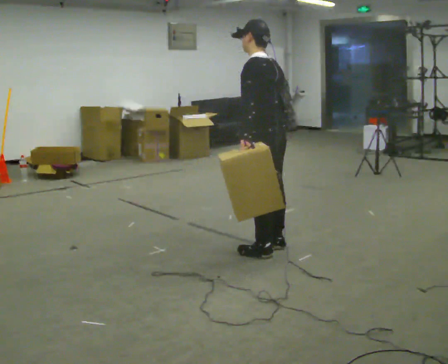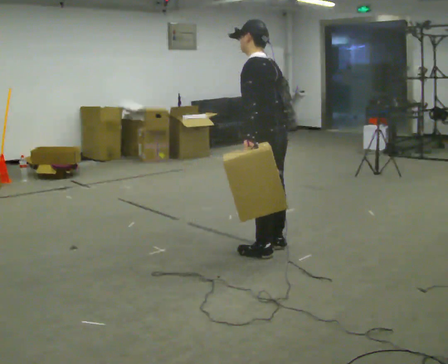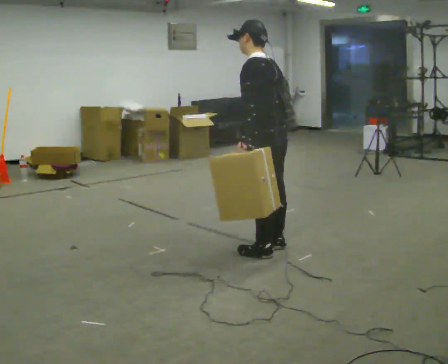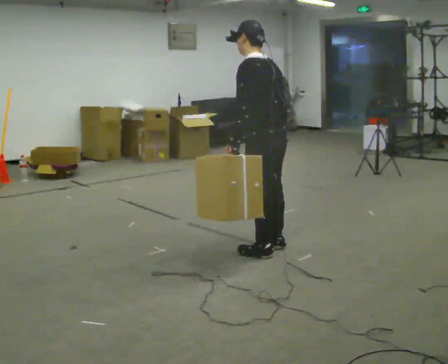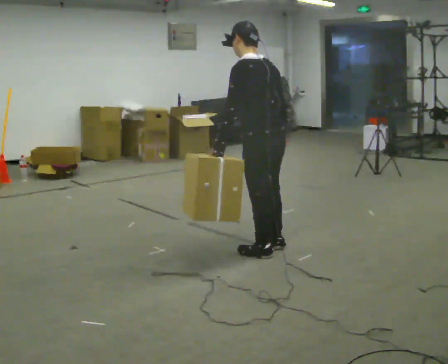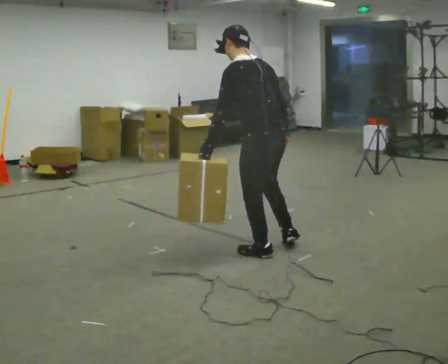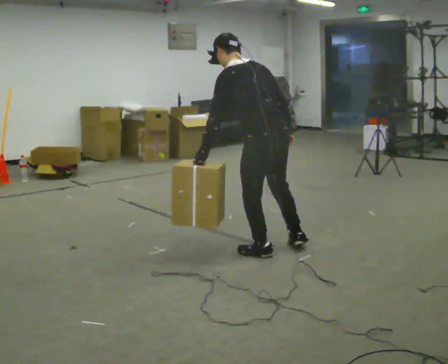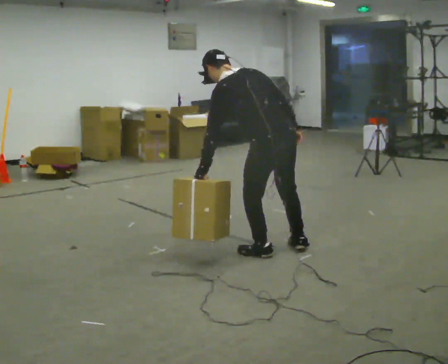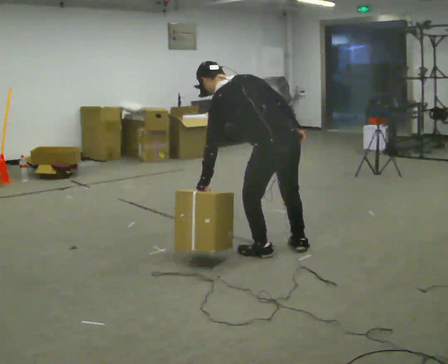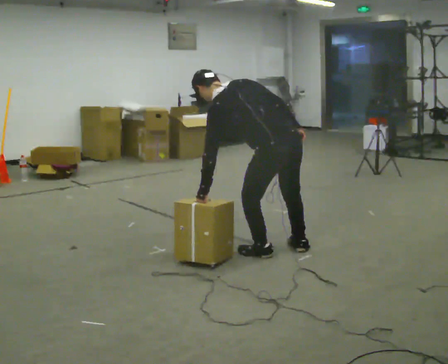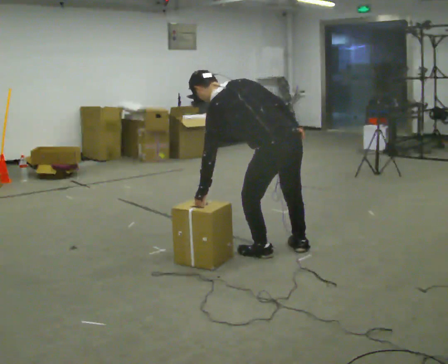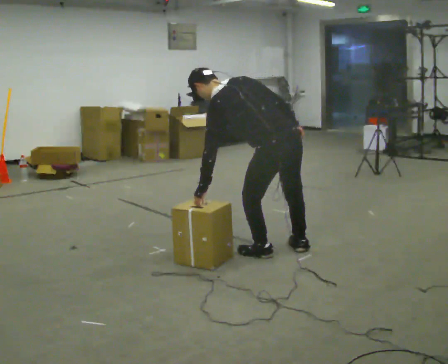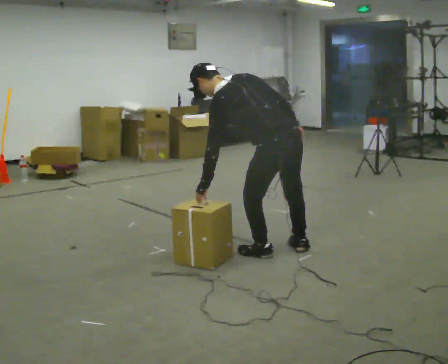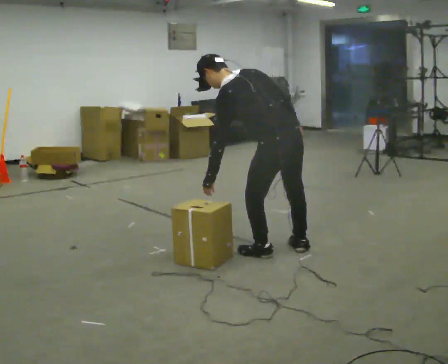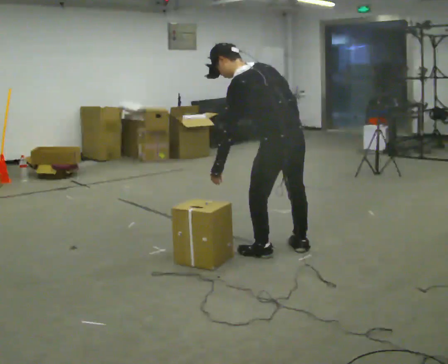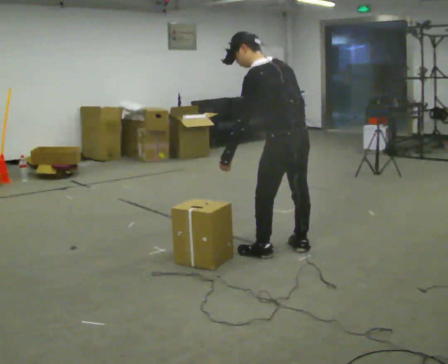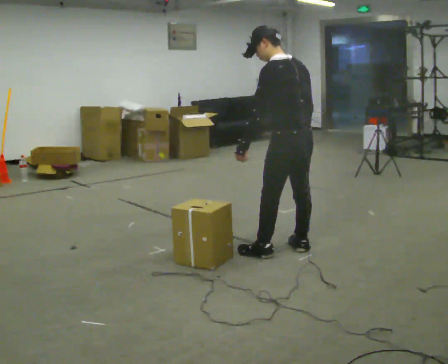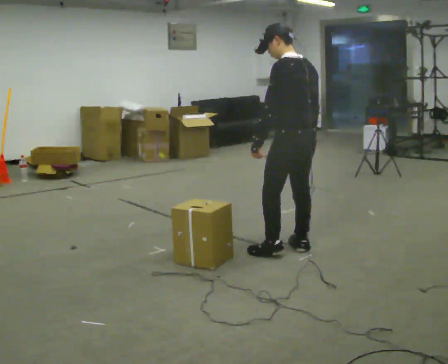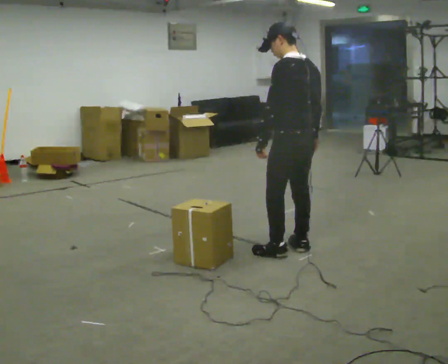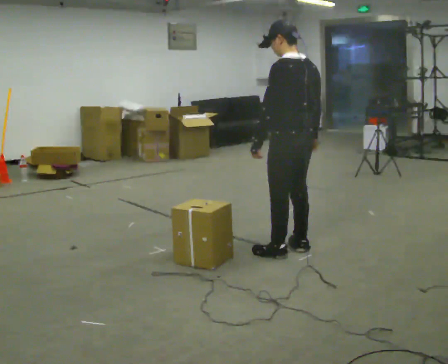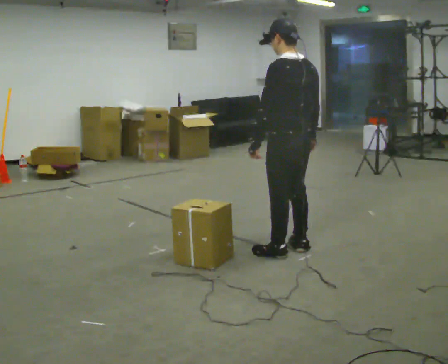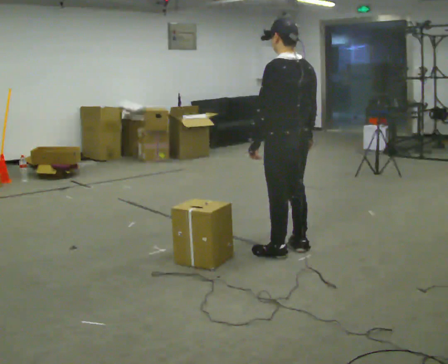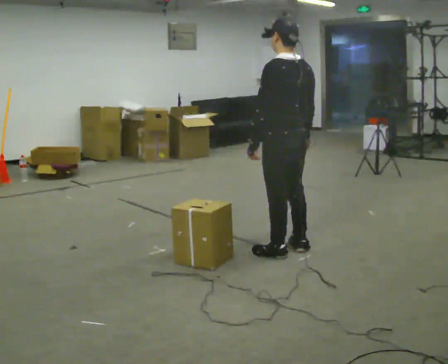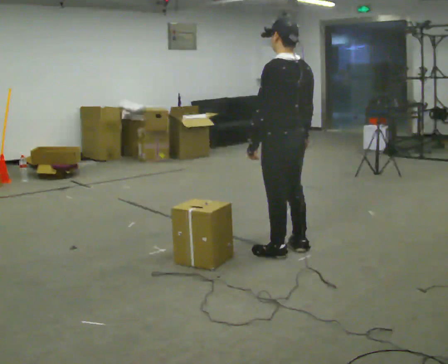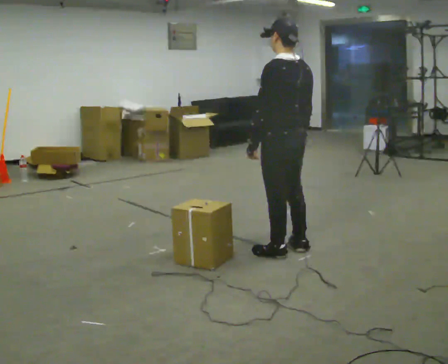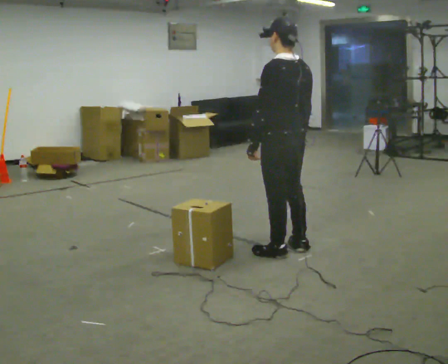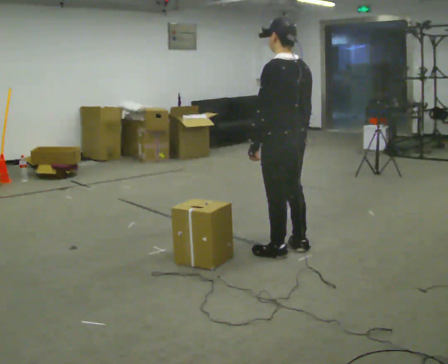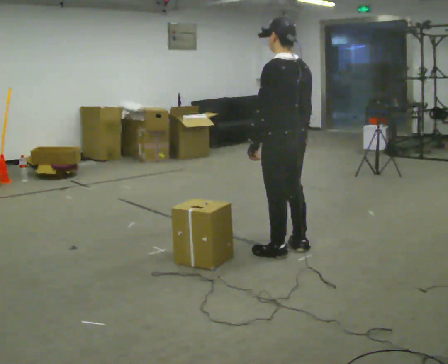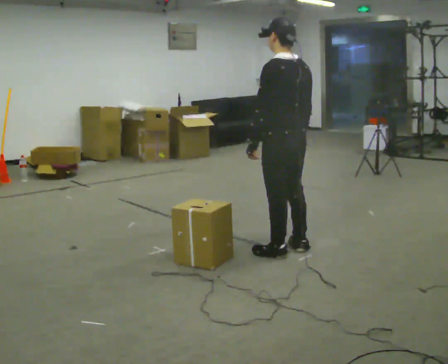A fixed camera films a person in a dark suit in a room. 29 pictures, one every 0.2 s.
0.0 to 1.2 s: In the picture the upper body tilts counterclockwise, shoulders to the left, as they bend forward.
1.2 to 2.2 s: The shoulders move downward. In the picture the upper body tilts counterclockwise, shoulders to the left, as they bend forward.
2.2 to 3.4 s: The shoulders move upward. In the picture the upper body tilts clockwise, shoulders to the right, as they lean back or straighten.
3.4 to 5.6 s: The person moves a little, or ends about where they began.
The film runs backward here.
